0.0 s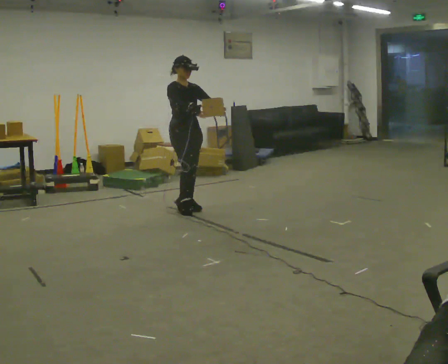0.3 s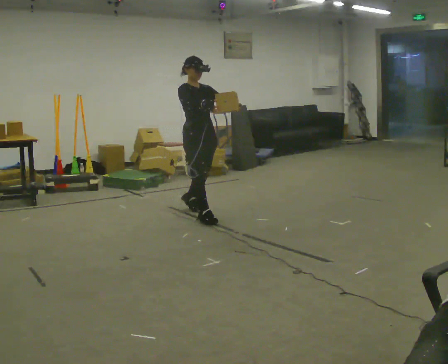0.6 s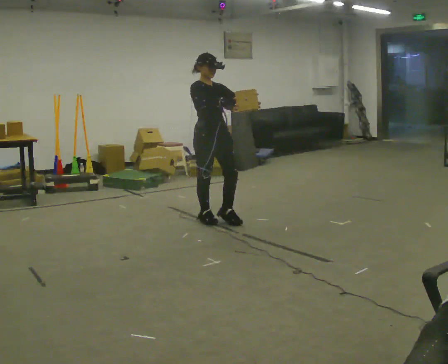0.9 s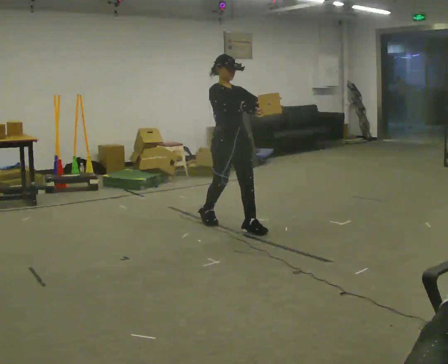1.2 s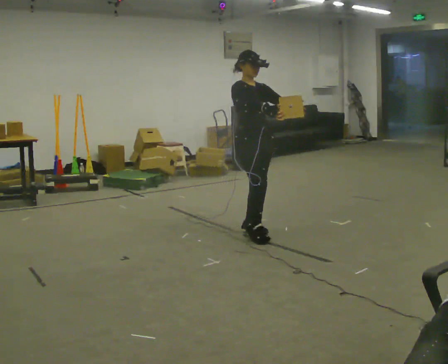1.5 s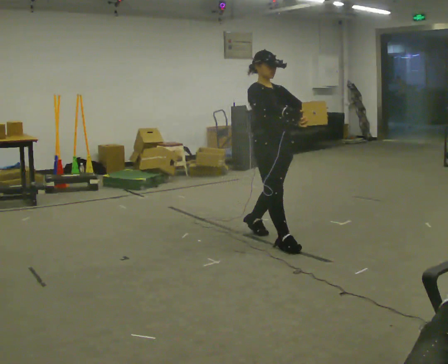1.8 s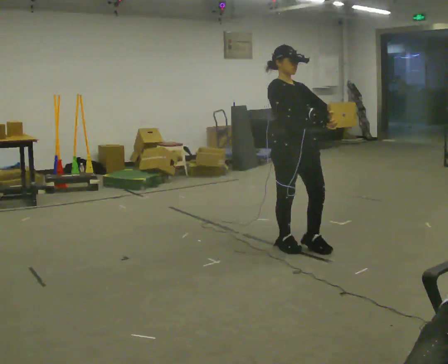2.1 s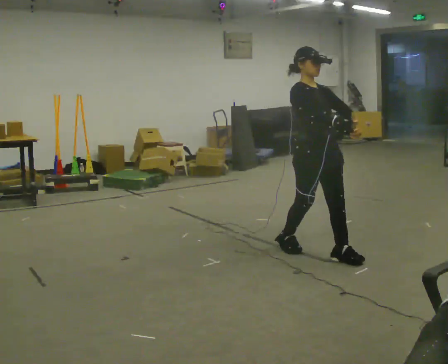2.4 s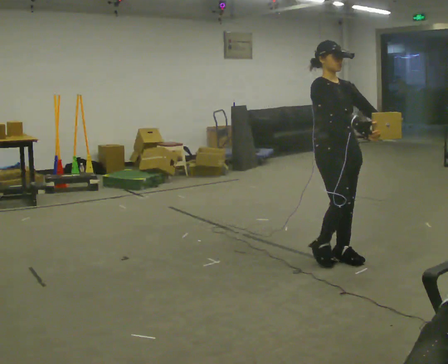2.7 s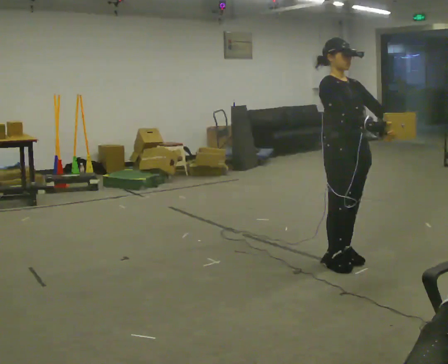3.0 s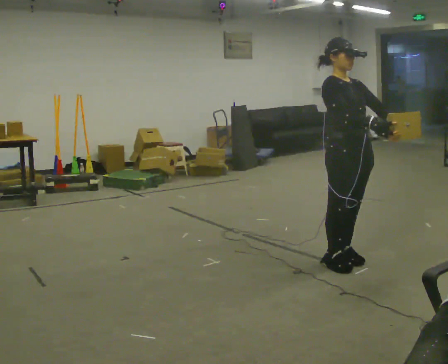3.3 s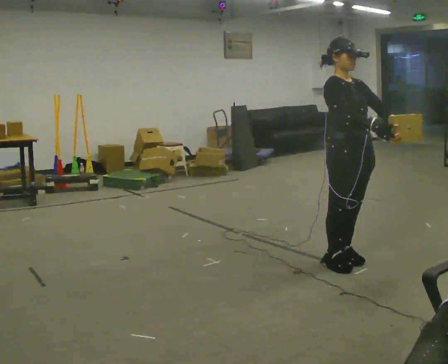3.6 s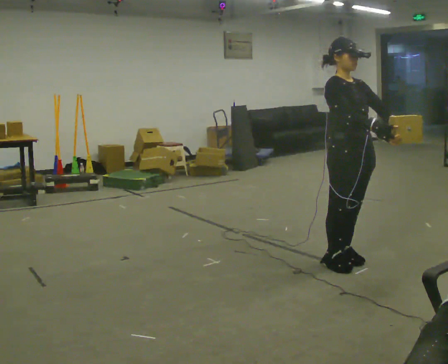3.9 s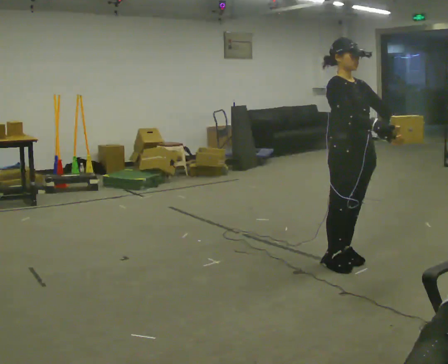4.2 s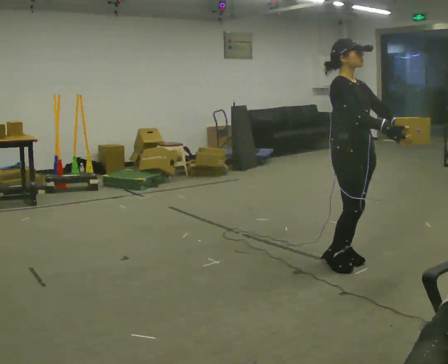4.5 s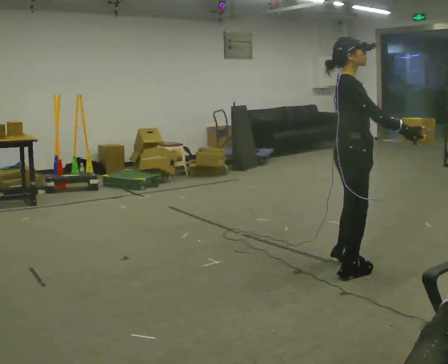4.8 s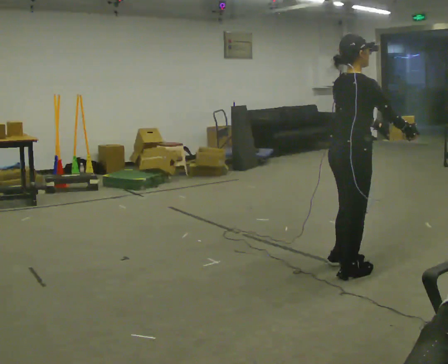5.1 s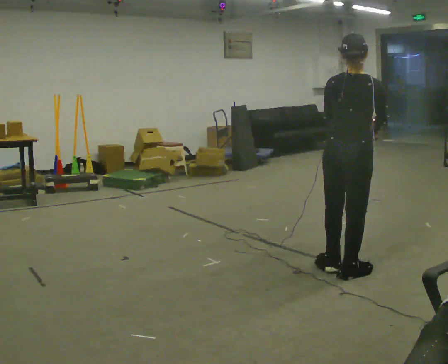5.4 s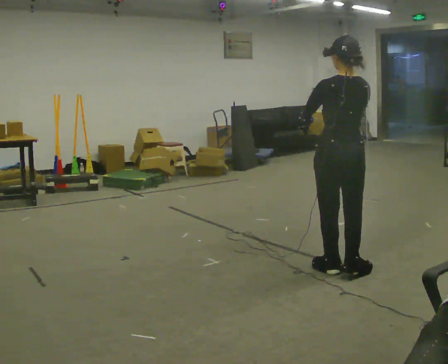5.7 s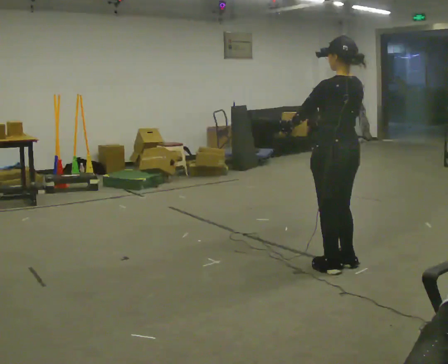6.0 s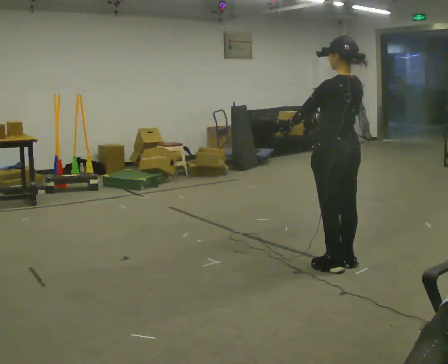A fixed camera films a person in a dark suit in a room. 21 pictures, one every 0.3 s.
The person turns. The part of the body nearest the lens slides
to the right.
The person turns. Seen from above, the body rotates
counterclockwise.
0.0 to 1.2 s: In the picture they go to the right and toward the camera, about 1 m in 2 steps, which for them is forward.
1.2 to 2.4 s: In the picture they go to the right and toward the camera, about 1 m in 2 steps, which for them is forward.
2.4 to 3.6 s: The person moves a little, or ends about where they began.
3.6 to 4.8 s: The part of the body nearest the lens slides to the right as the person turns to their left by about 75 degrees.
4.8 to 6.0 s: Seen from above the body turns counterclockwise, about 105 degrees: to their left, with its near side sliding to the right. In the picture their right hand goes to the left, the arm swinging clockwise.
The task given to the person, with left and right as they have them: Carry the light box in both hands in front of you, walking back and forth across the room. Keep walking until the operator says stop.
The film runs forward here.
